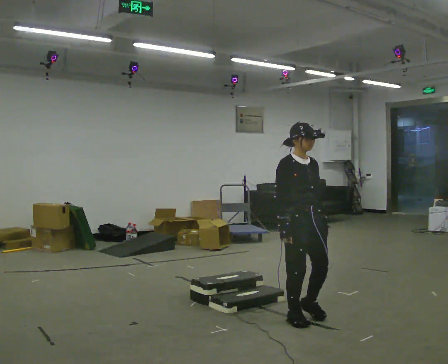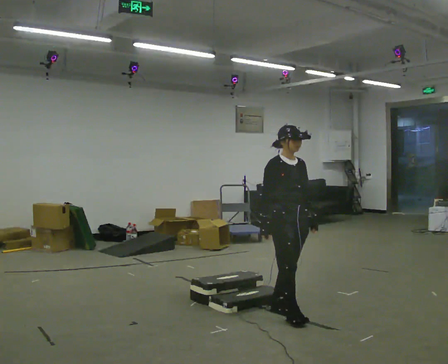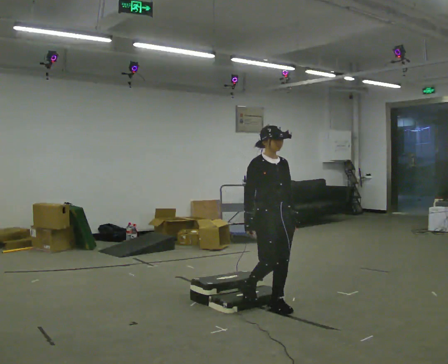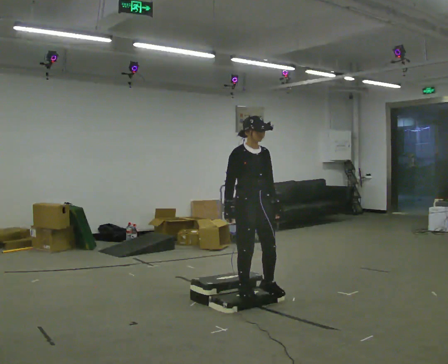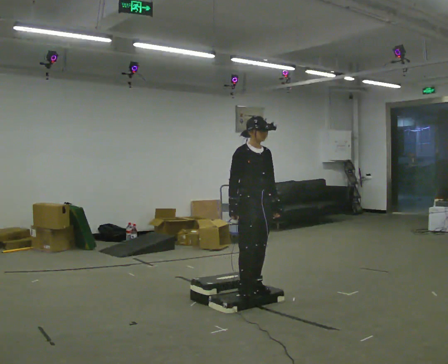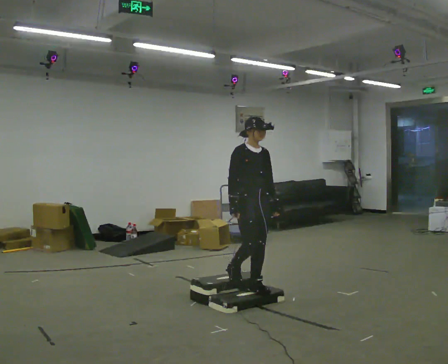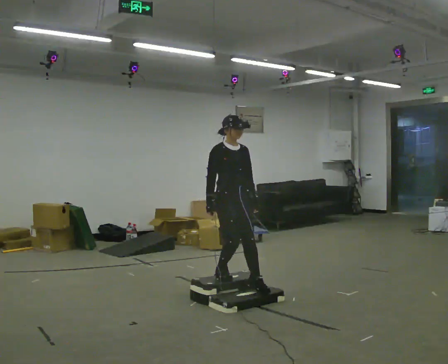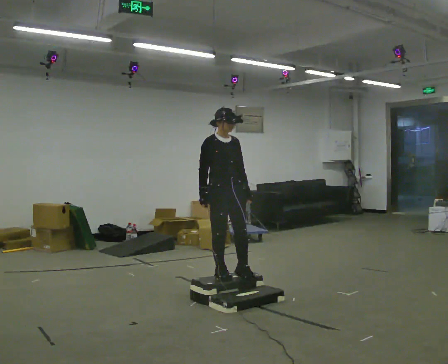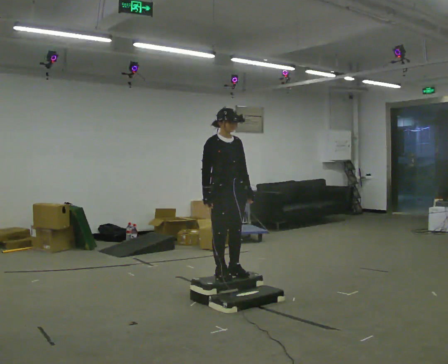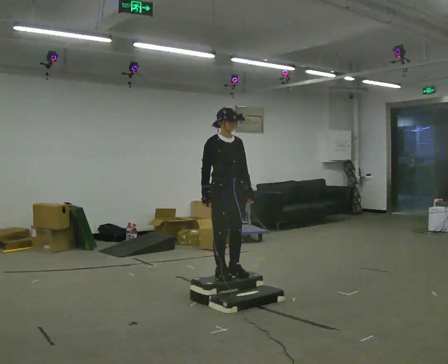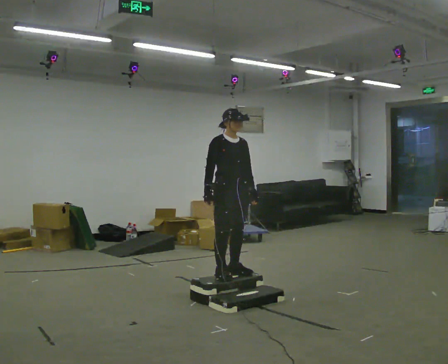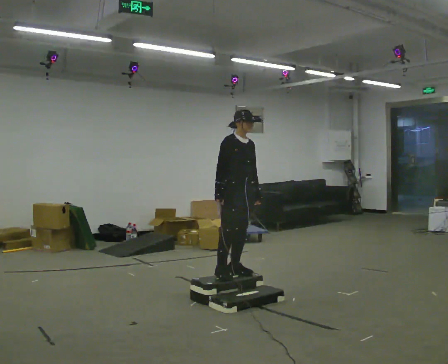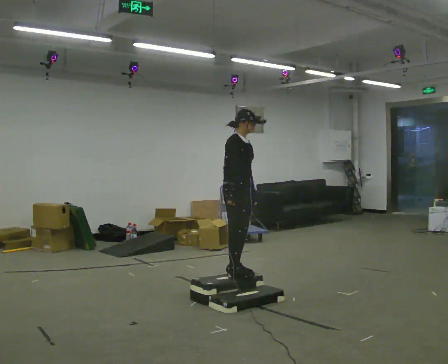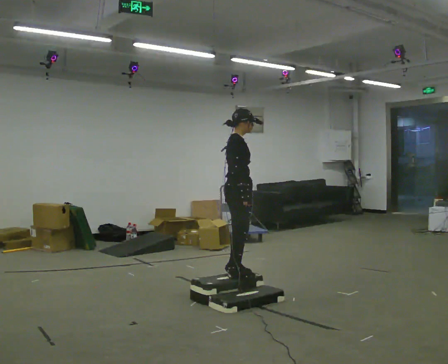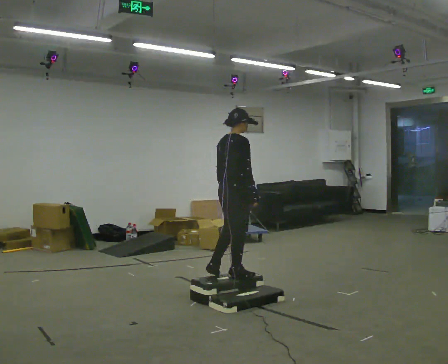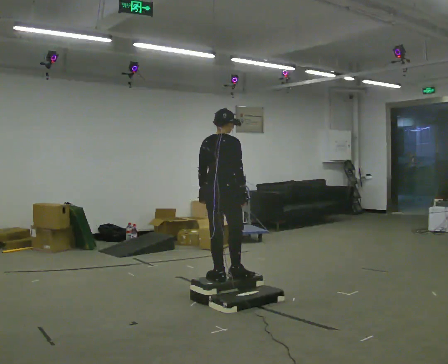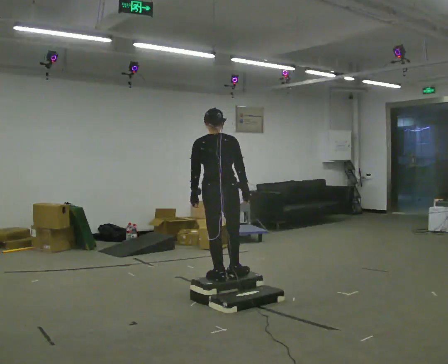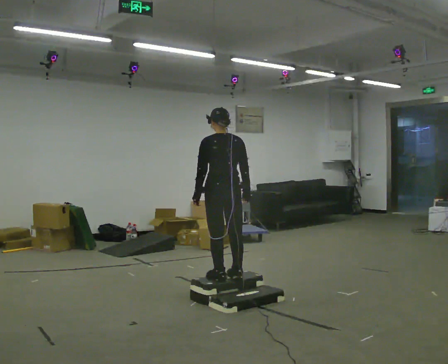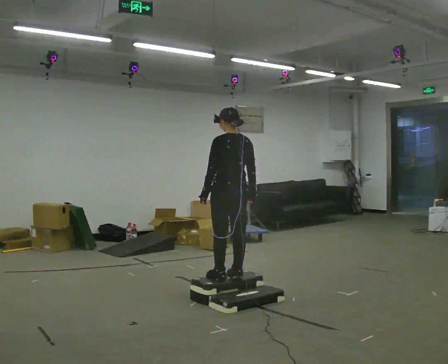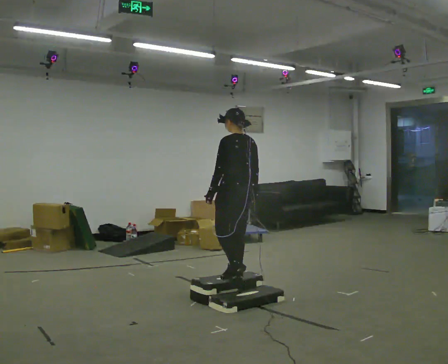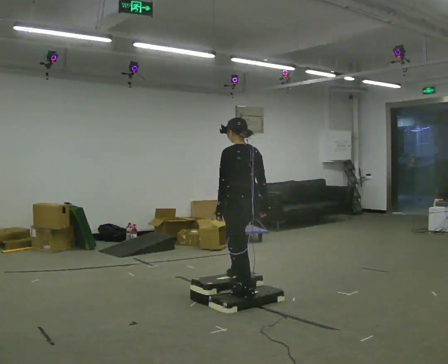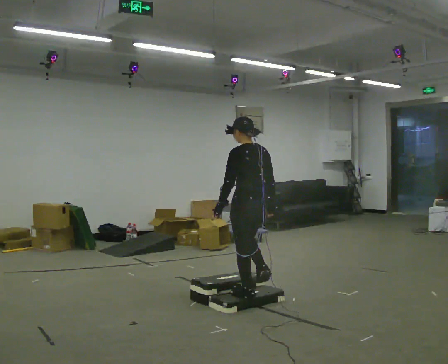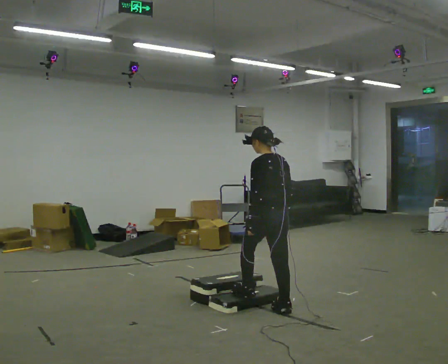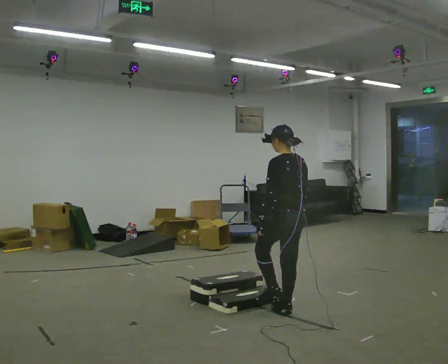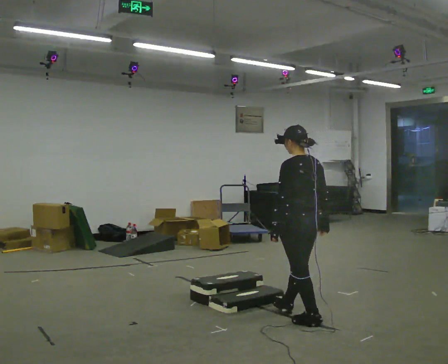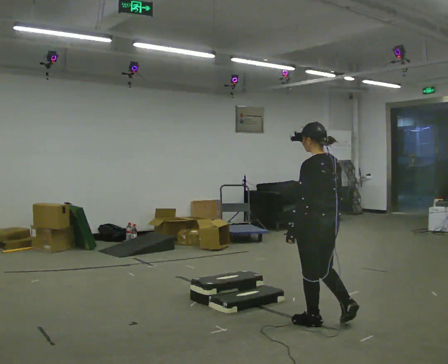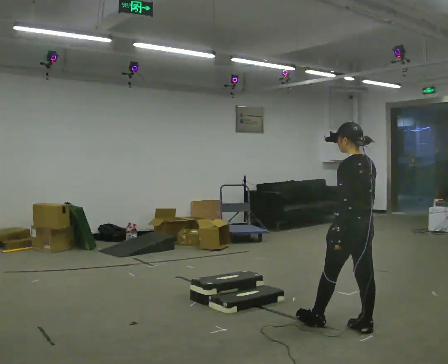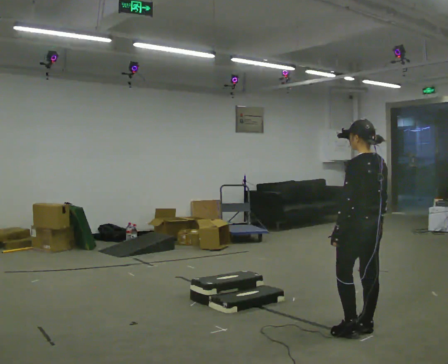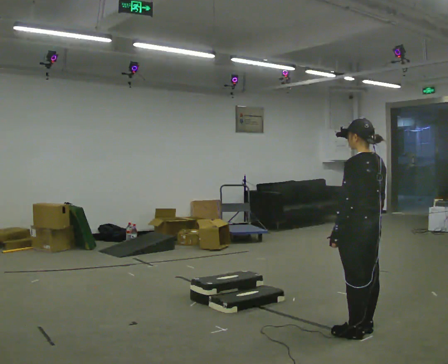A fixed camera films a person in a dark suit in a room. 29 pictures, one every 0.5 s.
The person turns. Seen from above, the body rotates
counterclockwise.
The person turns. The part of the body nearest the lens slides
to the right.
0.0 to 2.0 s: In the picture they go away from the camera and to the left, about 0.75 m in 2 steps, which for them is backward.
2.0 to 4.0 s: In the picture they go to the left and away from the camera, about 0.25 m in 2 steps, which for them is backward.
4.0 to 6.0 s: The person moves a little, or ends about where they began.
6.0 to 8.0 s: The person turns about 105 degrees to their left, counterclockwise seen from above, so the part of the body nearest the lens slides to the right. In the picture they go toward the camera, about 0.25 m in 1 step.
8.0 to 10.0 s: The part of the body nearest the lens slides to the right as the person turns to their left by about 45 degrees. In the picture they go to the right, about 0.25 m in 1 step, which for them is backward and to their right.
10.0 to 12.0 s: In the picture they go toward the camera and to the right, about 0.75 m in 2 steps, which for them is backward.
12.0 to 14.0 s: In the picture they go toward the camera and to the right, about 0.5 m in 2 steps, which for them is backward.
The film runs backward here.
